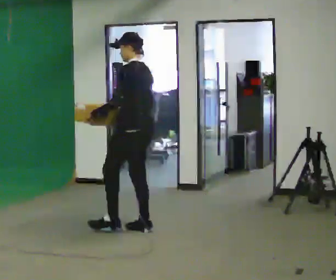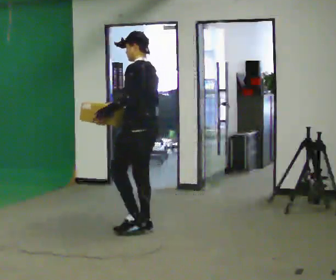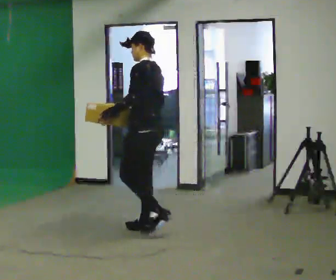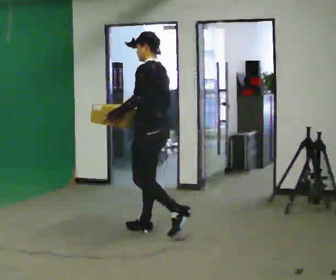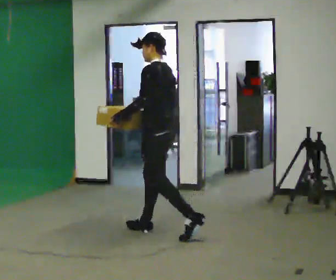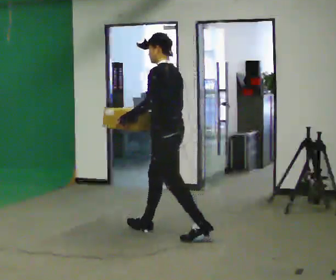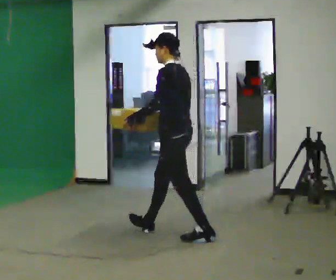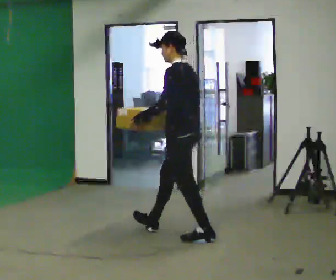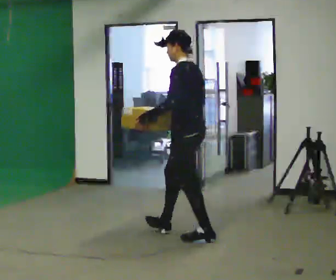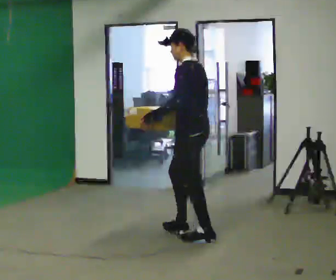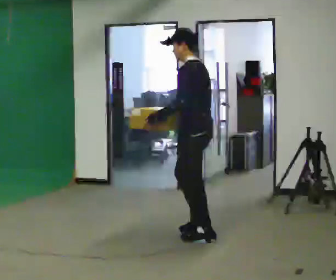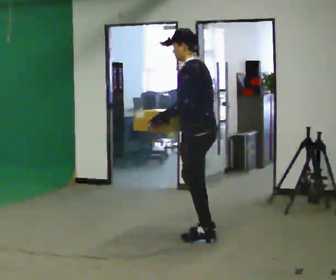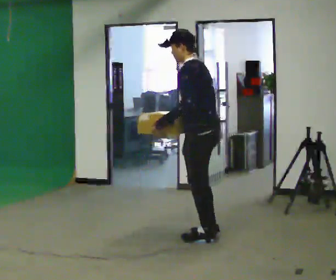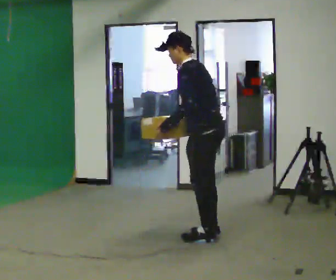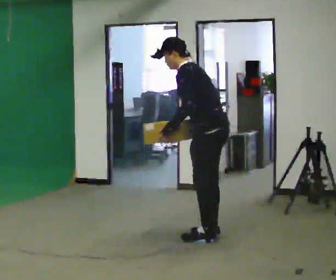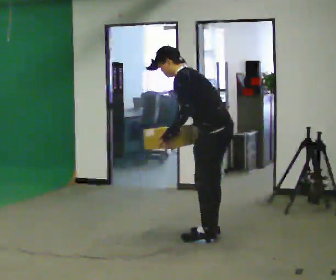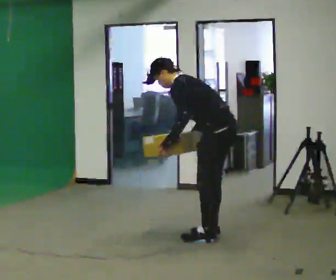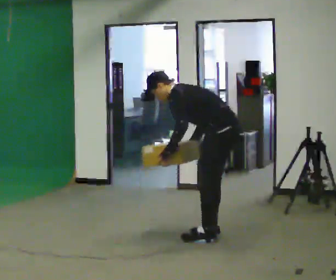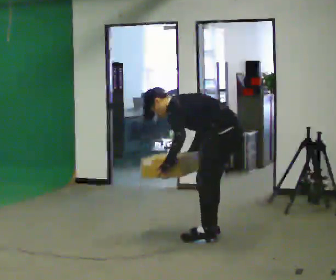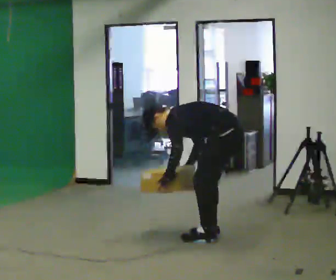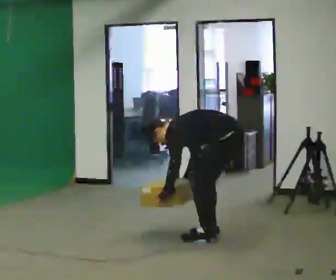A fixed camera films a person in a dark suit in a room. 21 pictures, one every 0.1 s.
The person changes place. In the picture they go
to the right.
Their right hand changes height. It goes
downward.
0.0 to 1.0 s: In the picture they go to the right and toward the camera, about 0.75 m in 1 step, which for them is backward.
1.0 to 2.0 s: In the picture they go to the right, about 0.25 m, which for them is backward. The shoulders move downward. In the picture the upper body tilts counterclockwise, shoulders to the left, as they bend forward. In the picture their left hand goes downward.
The film runs backward here.
